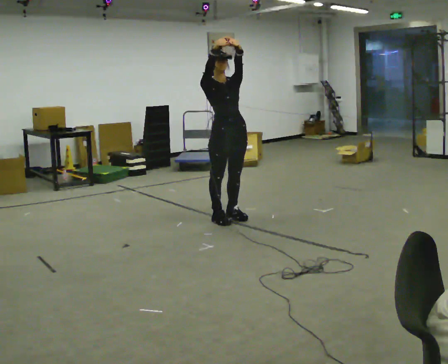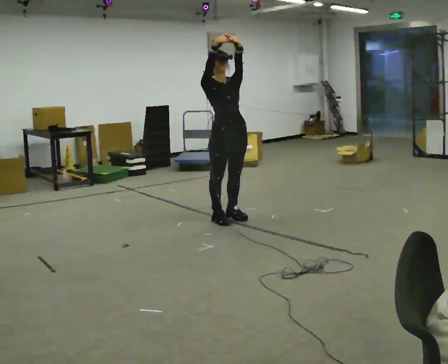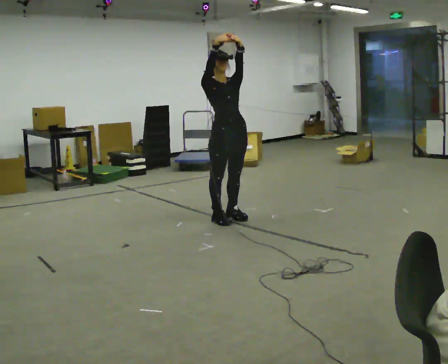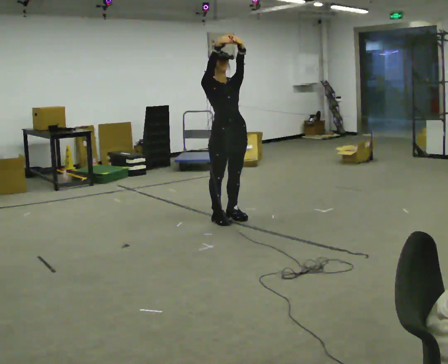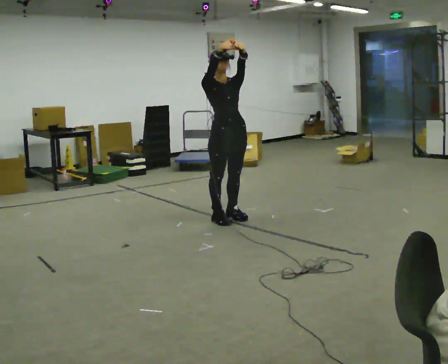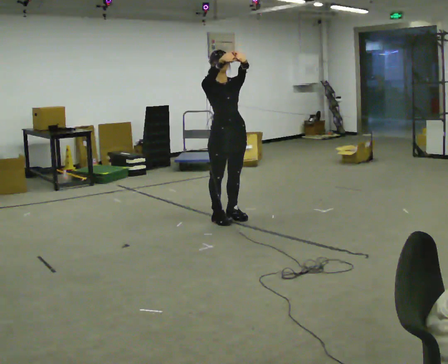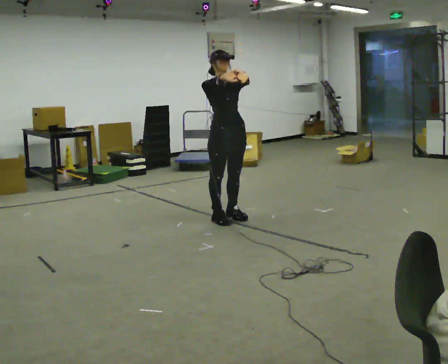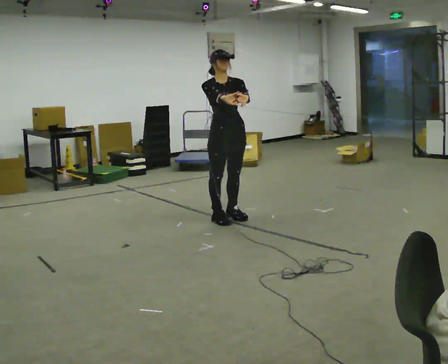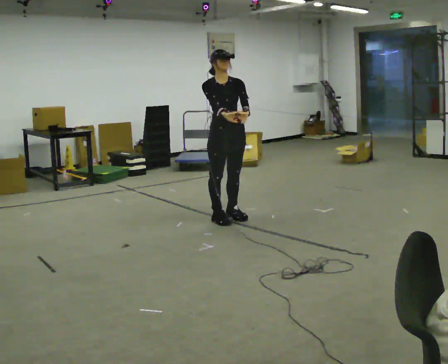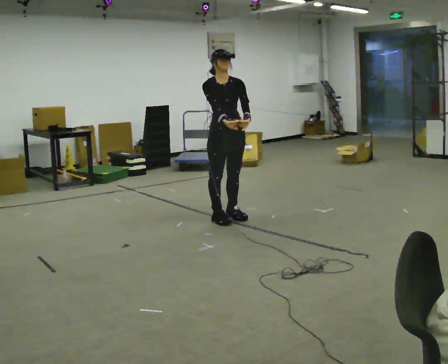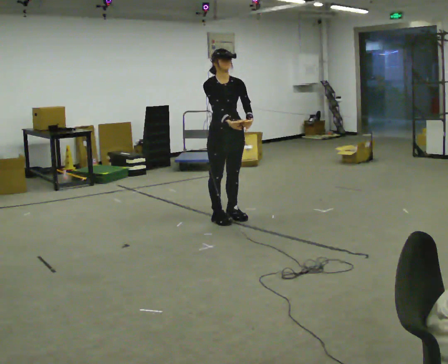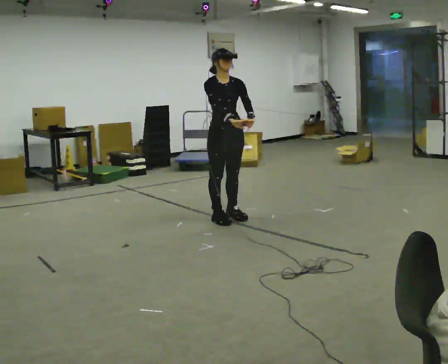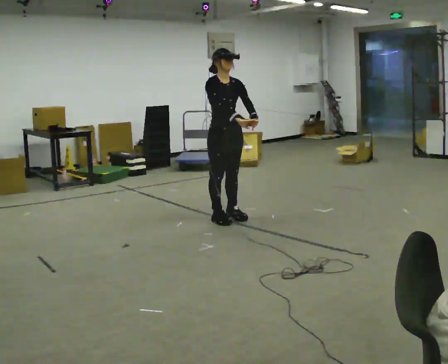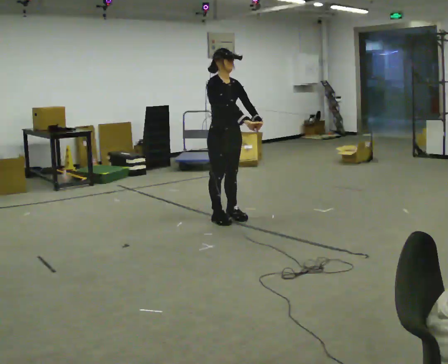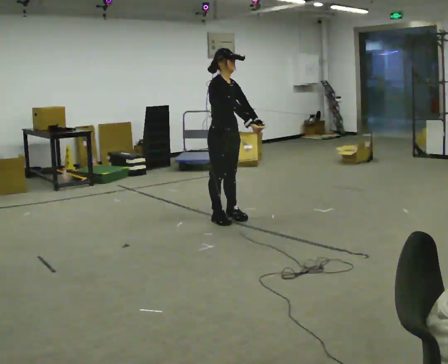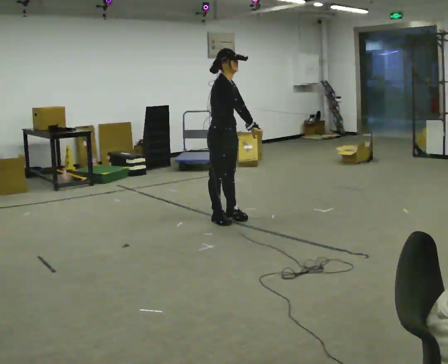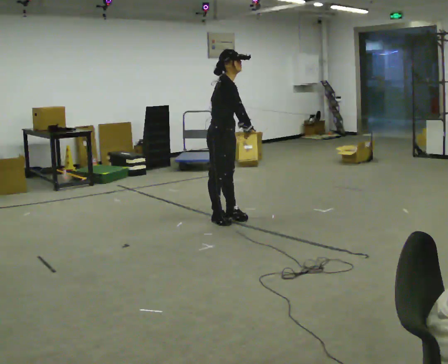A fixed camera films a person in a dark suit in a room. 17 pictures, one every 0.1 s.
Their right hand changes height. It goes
downward.
Their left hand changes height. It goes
downward.
0.0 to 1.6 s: Seen from above the body turns counterclockwise, about 60 degrees: to their left, with its near side sliding to the right. In the picture the upper body tilts clockwise, shoulders to the right, as they bend forward. In the picture their left hand goes downward.
The film runs forward here.
